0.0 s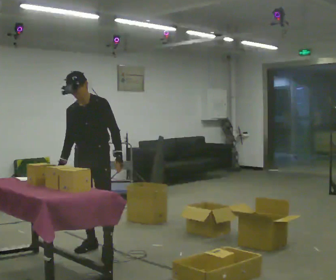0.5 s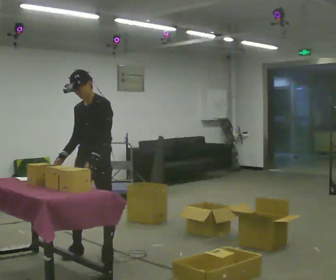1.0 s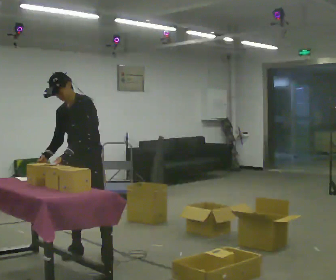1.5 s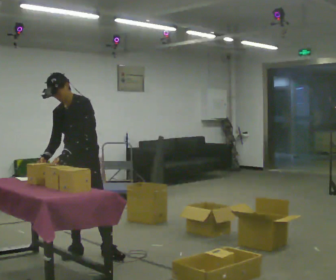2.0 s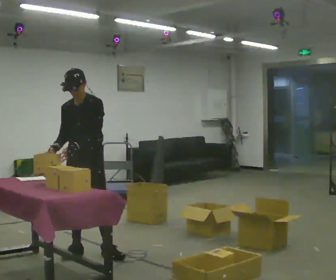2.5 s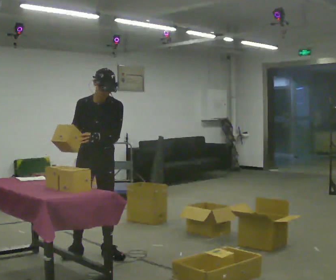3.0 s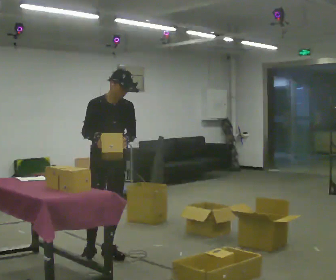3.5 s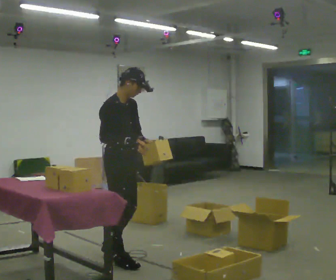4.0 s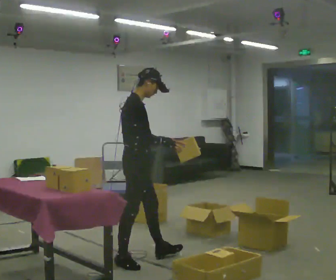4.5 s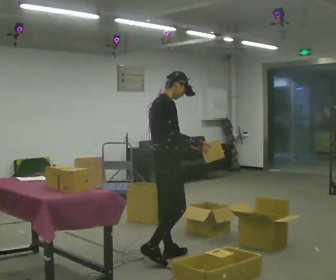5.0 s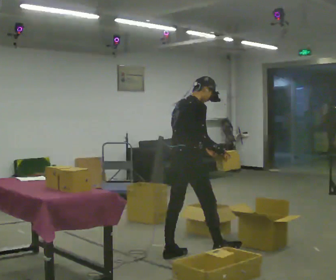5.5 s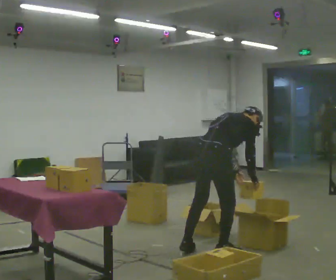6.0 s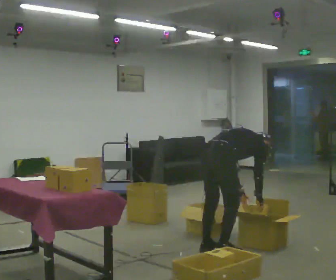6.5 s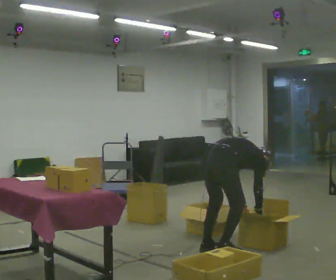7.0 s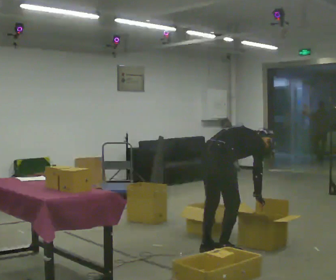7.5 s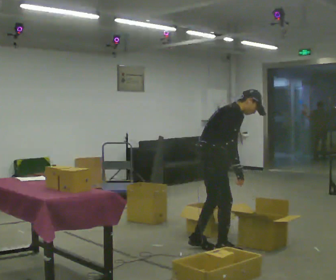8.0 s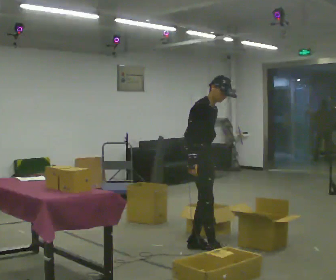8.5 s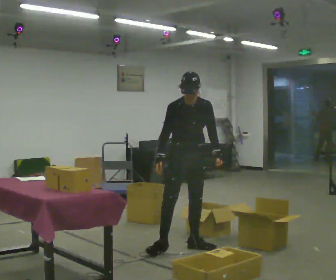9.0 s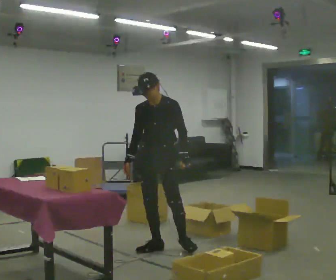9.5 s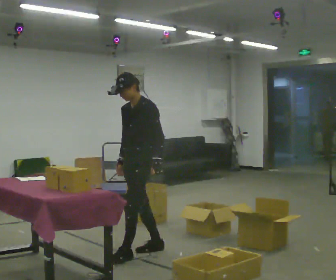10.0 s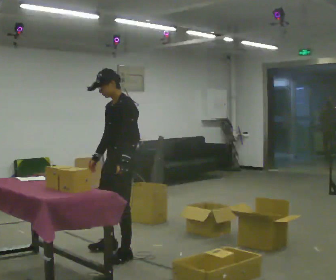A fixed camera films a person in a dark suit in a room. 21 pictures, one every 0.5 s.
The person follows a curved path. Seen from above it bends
counterclockwise.
0.0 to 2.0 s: In the picture their left hand goes to the left.
2.0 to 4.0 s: The part of the body nearest the lens slides to the right as the person turns to their left by about 105 degrees. In the picture they go to the right and toward the camera, about 0.5 m in 1 step.
4.0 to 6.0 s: Seen from above the body turns counterclockwise, about 45 degrees: to their left, with its near side sliding to the right. In the picture they go to the right, about 1 m in 3 steps, which for them is forward. The upper body goes downward. In the picture the upper body tilts clockwise, shoulders to the right, as they bend forward. In the picture their left hand goes downward.
6.0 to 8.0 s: The part of the body nearest the lens slides to the left as the person turns to their right by about 75 degrees. In the picture they go away from the camera and to the left, about 0.25 m in 1 step. In the picture the upper body tilts counterclockwise, shoulders to the left, as they lean back or straighten. In the picture their right hand goes upward.
8.0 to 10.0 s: Seen from above the body turns clockwise, about 120 degrees: to their right, with its near side sliding to the left. In the picture they go to the left, about 0.5 m in 2 steps. In the picture the upper body tilts counterclockwise, shoulders to the left.
The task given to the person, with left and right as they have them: 1. Read the parts list. 2. Collect each part from the bins around the room. 3. Lay them out on the table in the order on the list. 4. Put them all in the carry case. 5. Tell the operator when you are finished.
The film runs forward here.
